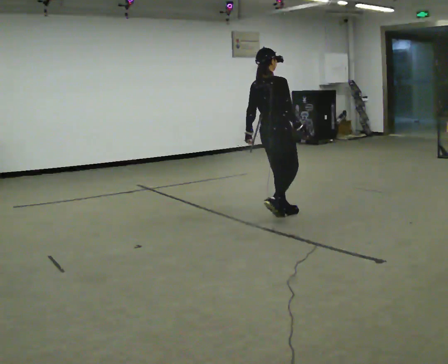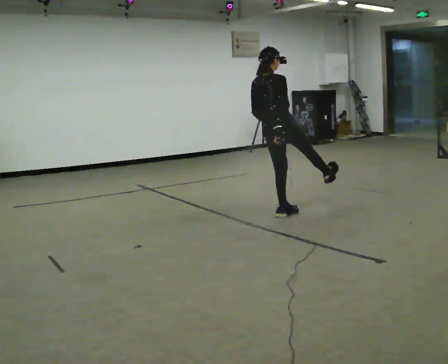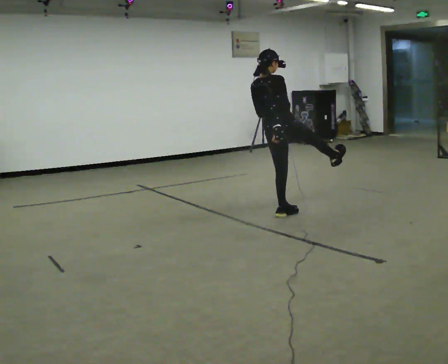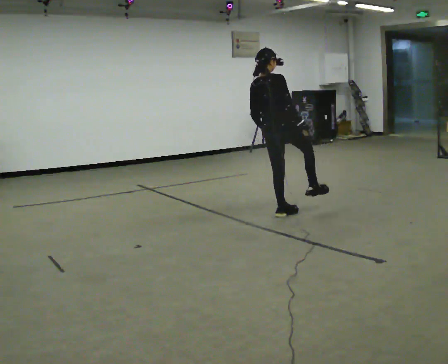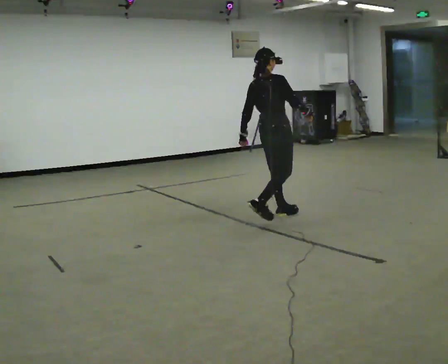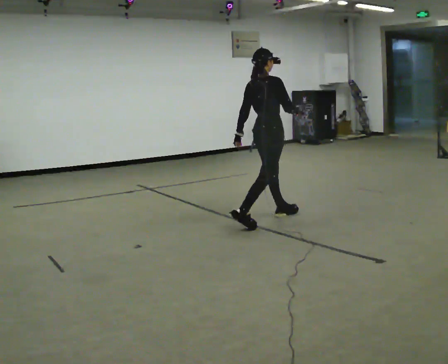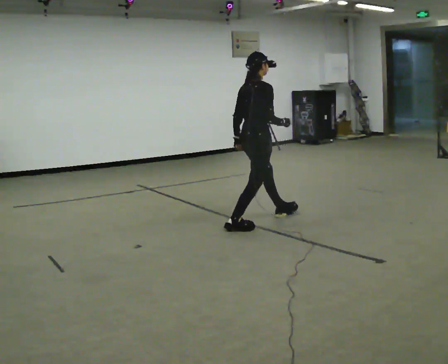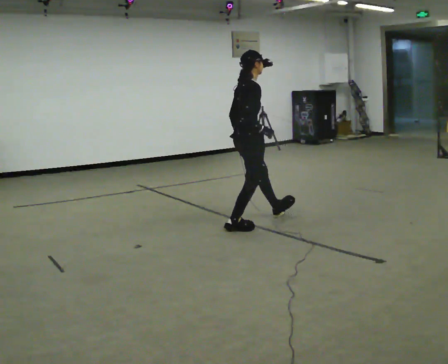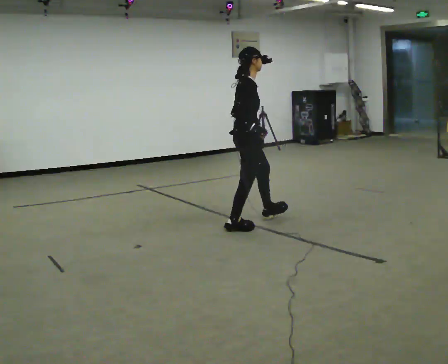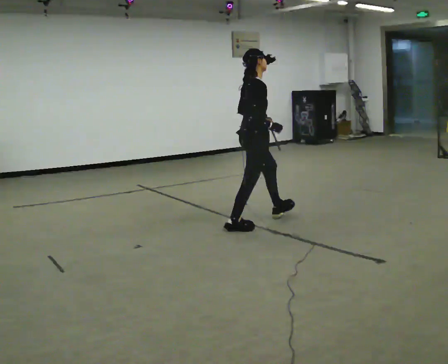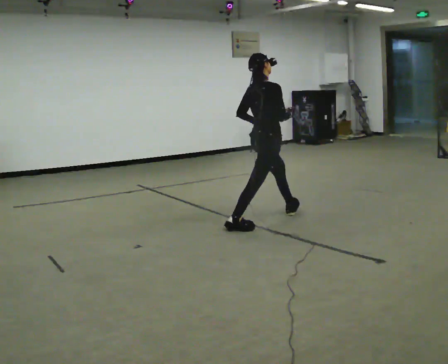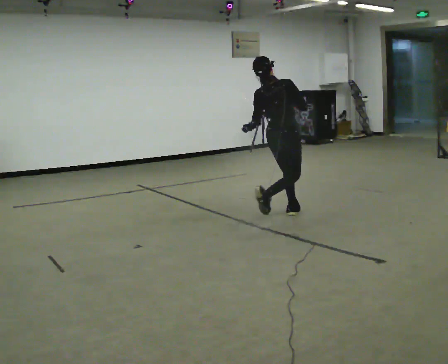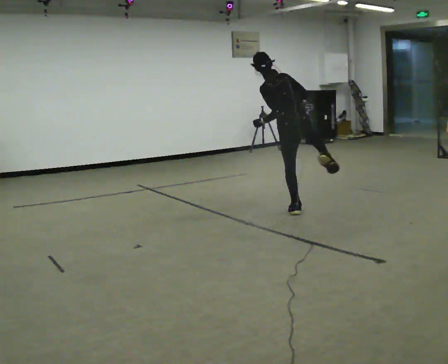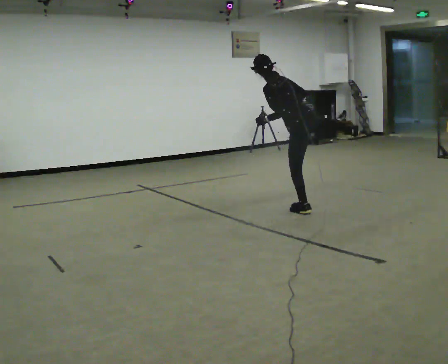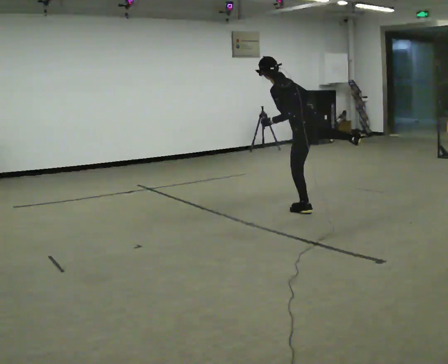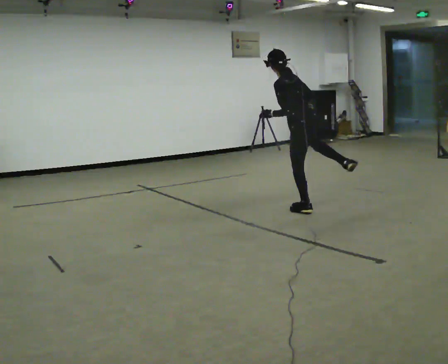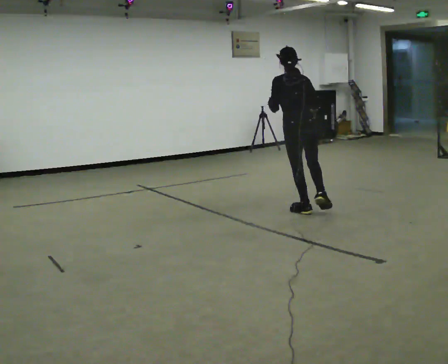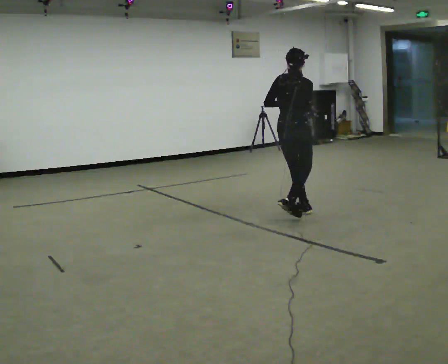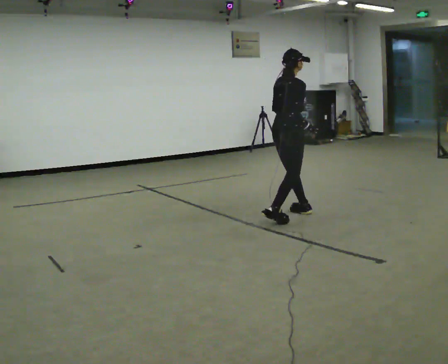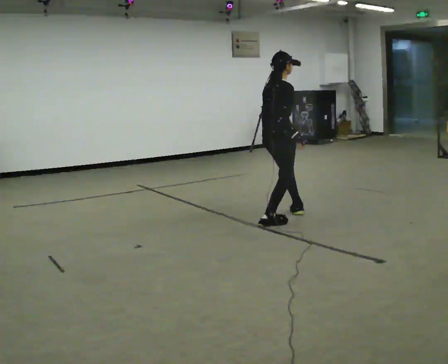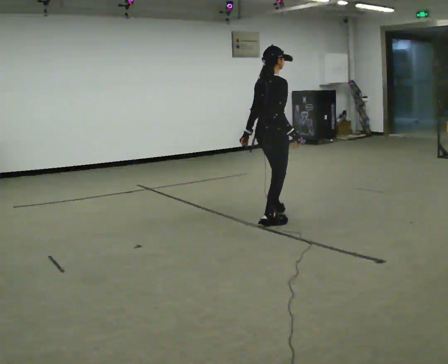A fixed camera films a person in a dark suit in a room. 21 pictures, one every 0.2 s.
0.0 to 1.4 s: The person turns about 30 degrees to their right, clockwise seen from above, so the part of the body nearest the lens slides to the left. In the picture they go to the left and toward the camera, about 0.25 m, which for them is backward.
1.4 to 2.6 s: Seen from above the body turns counterclockwise, about 120 degrees: to their left, with its near side sliding to the right. In the picture they go to the right and away from the camera, about 0.75 m in 1 step. In the picture the upper body tilts counterclockwise, shoulders to the left.
2.6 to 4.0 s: Seen from above the body turns clockwise, about 105 degrees: to their right, with its near side sliding to the left. In the picture they go to the left and toward the camera, about 0.5 m in 1 step. In the picture the upper body tilts clockwise, shoulders to the right.
The film runs forward here.
